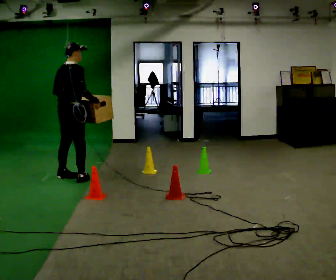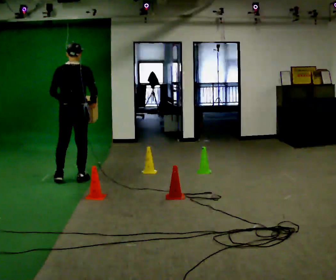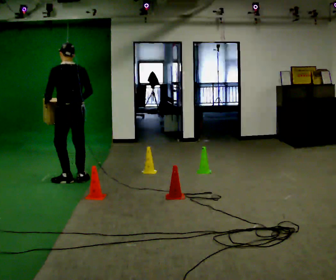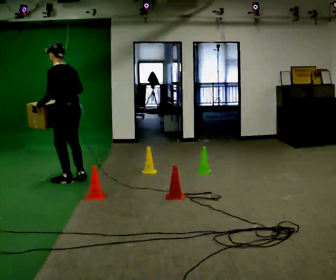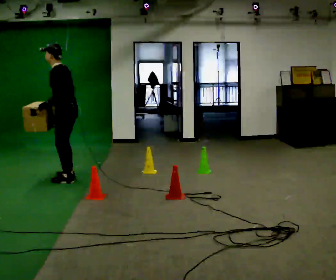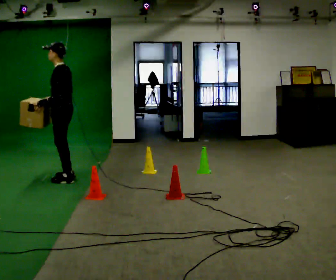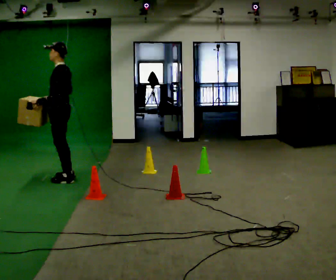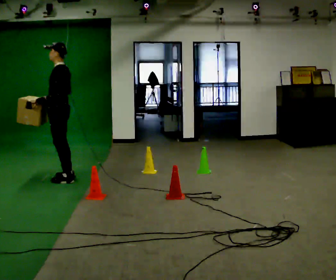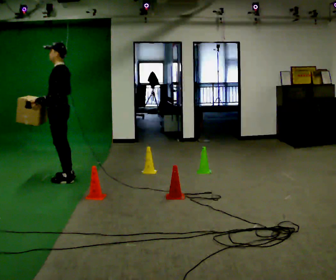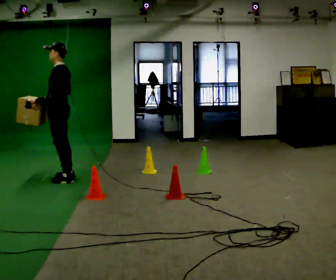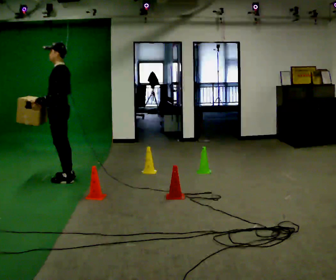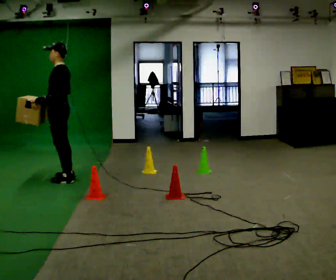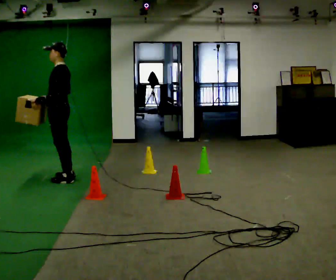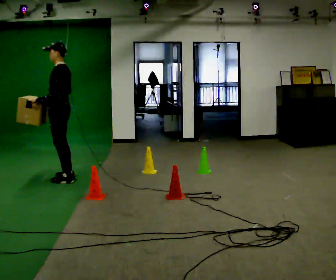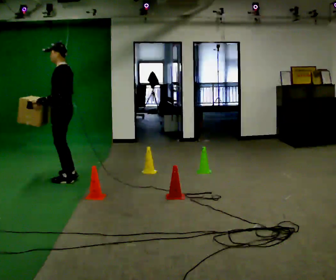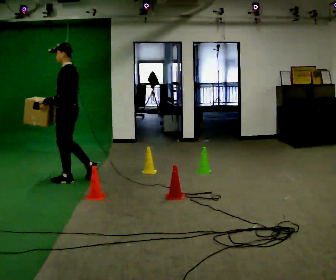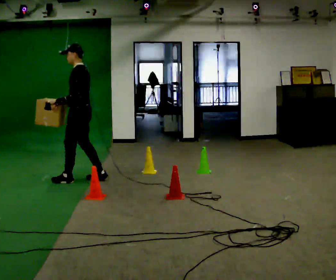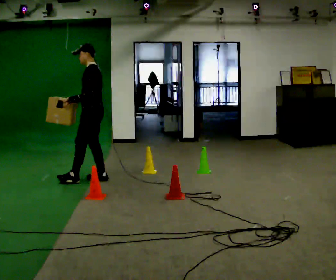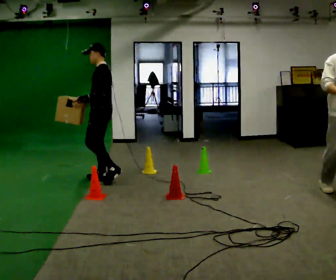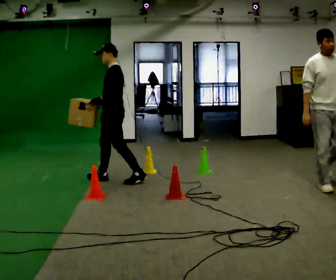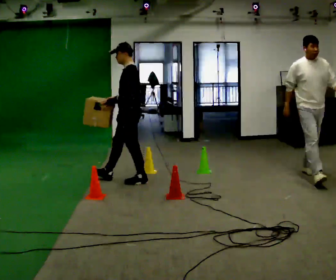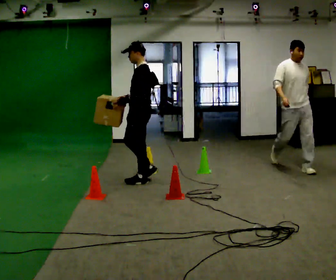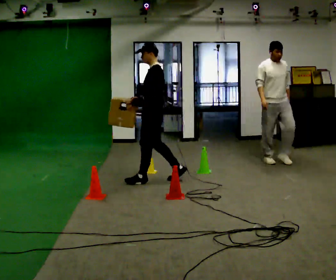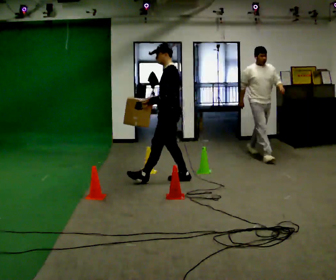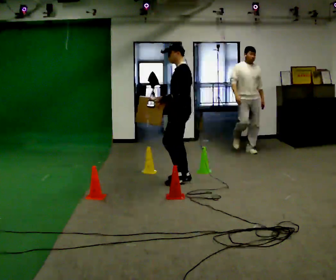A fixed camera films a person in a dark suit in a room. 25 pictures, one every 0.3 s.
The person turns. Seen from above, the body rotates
counterclockwise.
The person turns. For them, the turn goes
to their left.
0.0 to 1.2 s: The part of the body nearest the lens slides to the right as the person turns to their left by about 120 degrees. In the picture their right hand goes to the left, the arm swinging clockwise.
1.2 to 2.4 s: In the picture the upper body tilts clockwise, shoulders to the right.
2.4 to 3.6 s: The person keeps their place and pose.
3.6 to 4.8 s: In the picture they go to the right, about 0.25 m in 1 step, which for them is backward.
4.8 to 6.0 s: In the picture they go to the right, about 0.5 m in 2 steps, which for them is backward.
6.0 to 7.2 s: In the picture they go to the right, about 0.5 m in 1 step, which for them is backward.
The film runs backward here.
